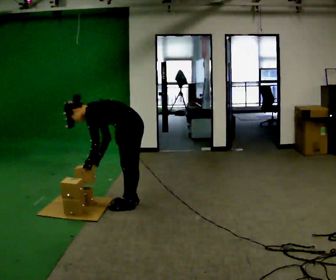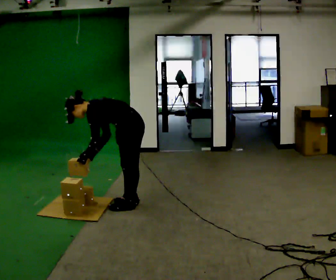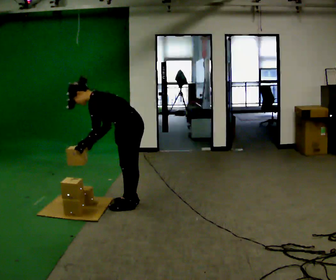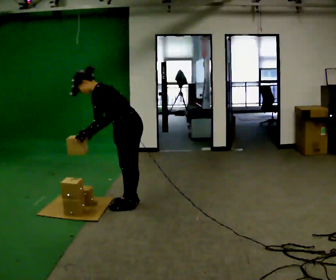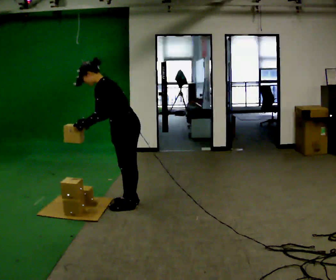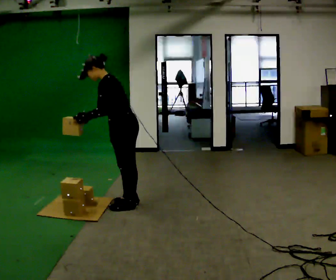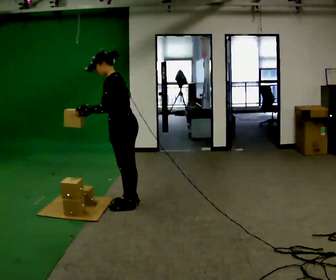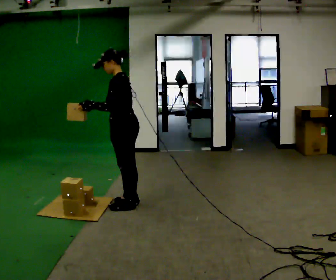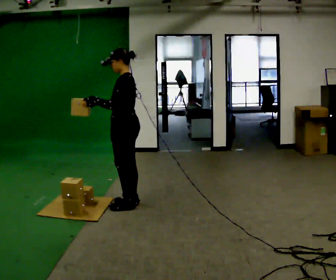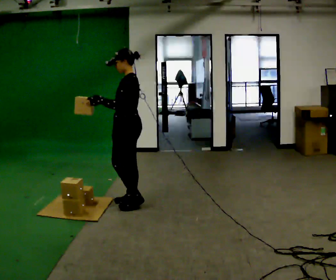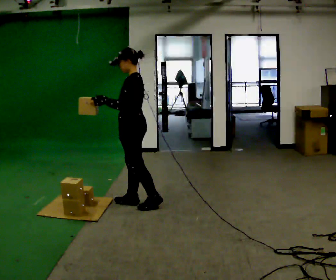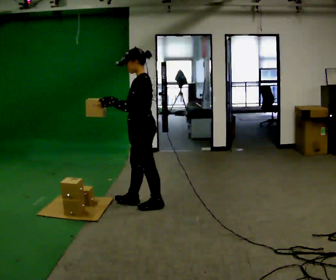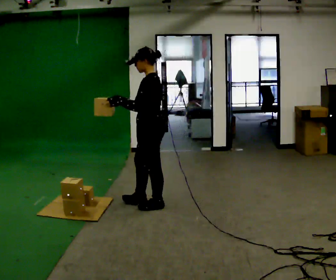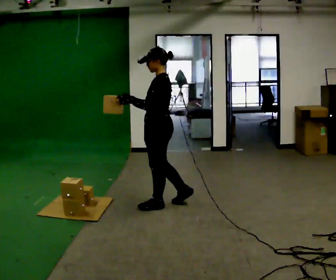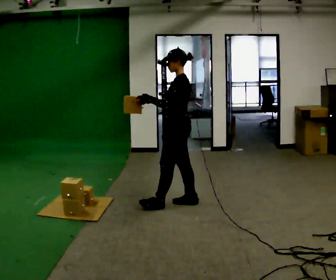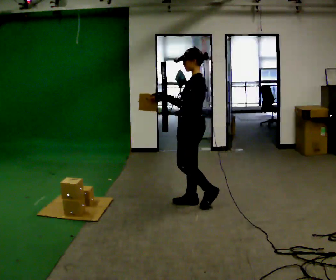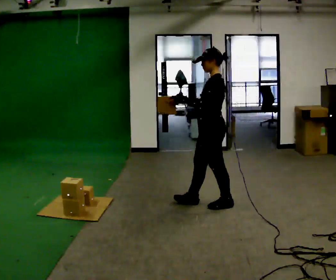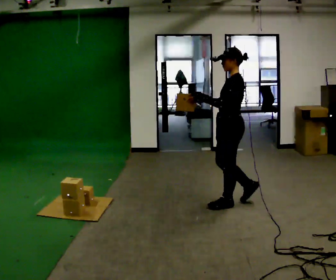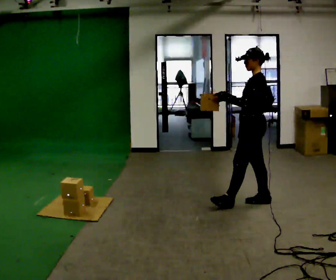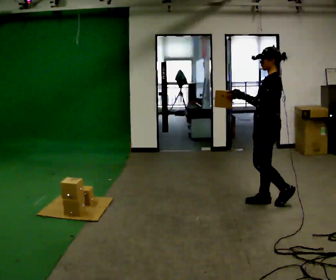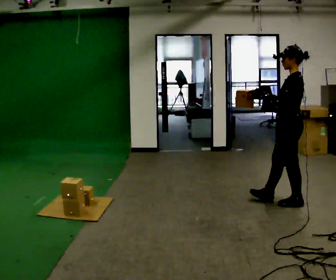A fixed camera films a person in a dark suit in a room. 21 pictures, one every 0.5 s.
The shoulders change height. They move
upward.
The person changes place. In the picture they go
to the right.
0.0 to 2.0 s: The upper body goes upward. In the picture the upper body tilts clockwise, shoulders to the right, as they lean back or straighten. In the picture their right hand goes upward.
2.0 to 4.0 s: In the picture the upper body tilts clockwise, shoulders to the right, as they lean back or straighten.
4.0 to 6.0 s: In the picture they go to the right, about 0.25 m in 2 steps, which for them is backward.
6.0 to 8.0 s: In the picture they go to the right, about 0.5 m in 1 step, which for them is backward.
8.0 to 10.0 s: In the picture they go to the right, about 1 m in 3 steps, which for them is backward.
The film runs backward here.
